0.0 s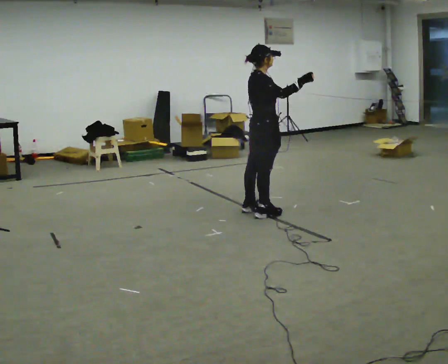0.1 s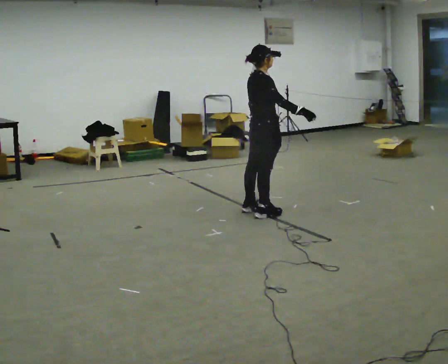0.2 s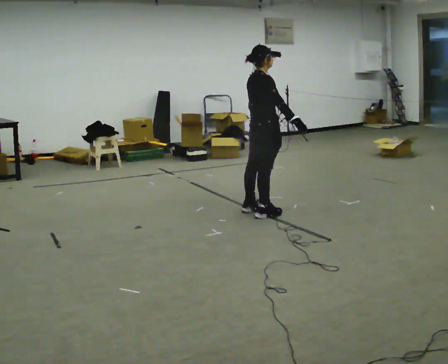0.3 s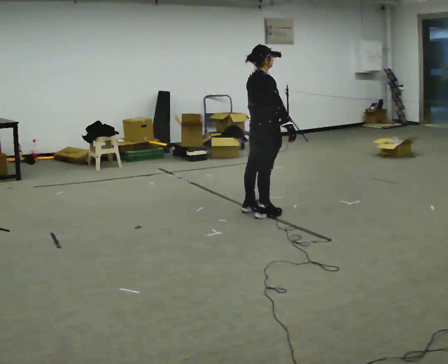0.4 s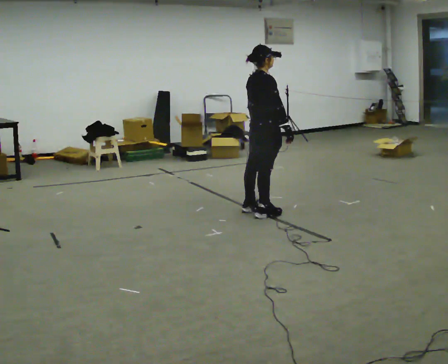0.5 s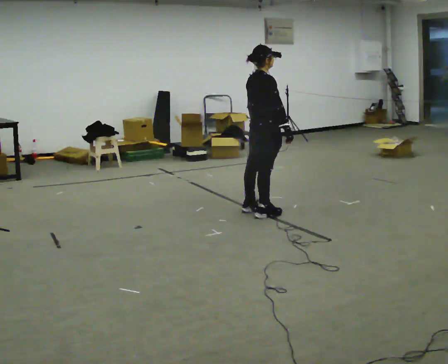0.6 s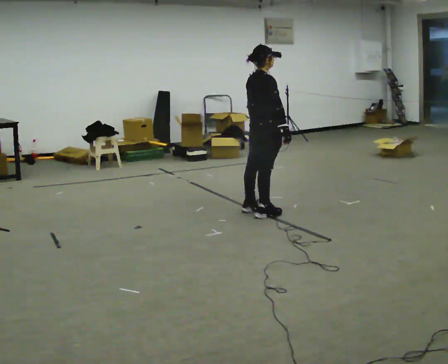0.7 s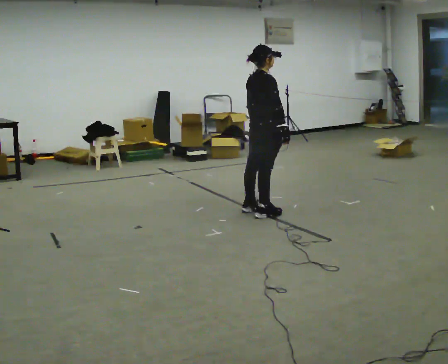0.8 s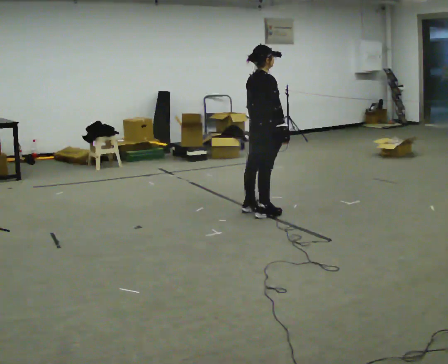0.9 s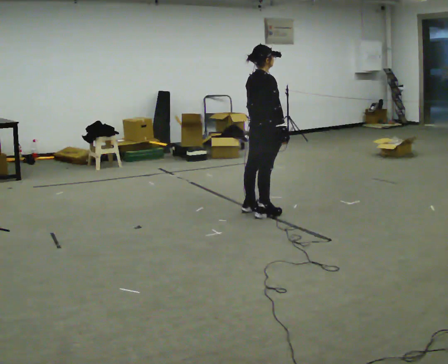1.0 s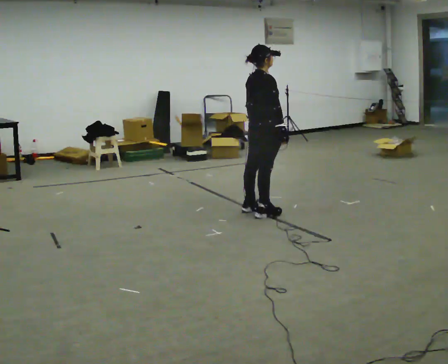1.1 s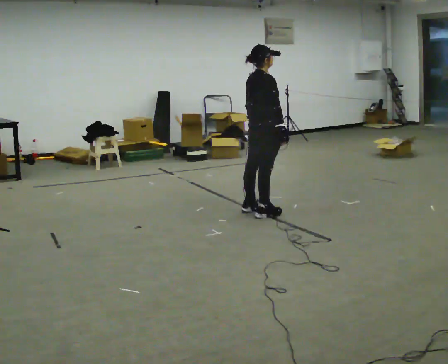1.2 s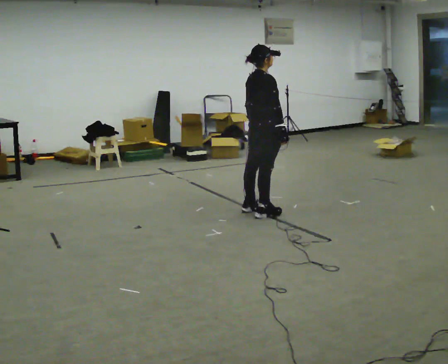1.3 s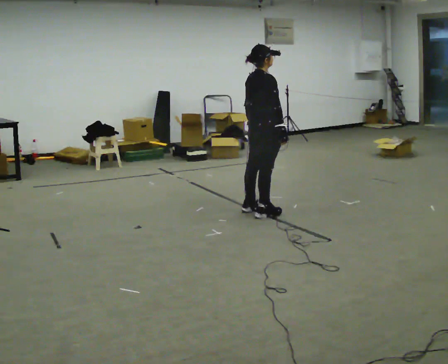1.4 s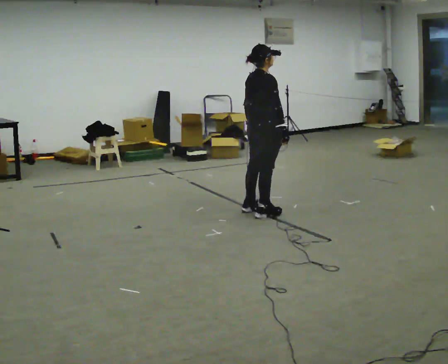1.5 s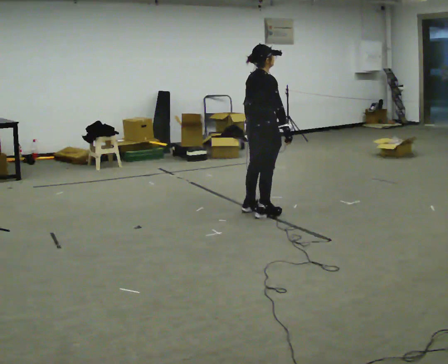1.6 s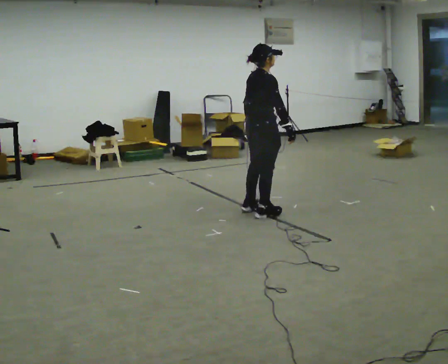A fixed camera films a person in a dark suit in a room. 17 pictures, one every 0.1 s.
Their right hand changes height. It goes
downward.
0.0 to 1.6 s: In the picture their right hand goes downward.
The film runs backward here.
